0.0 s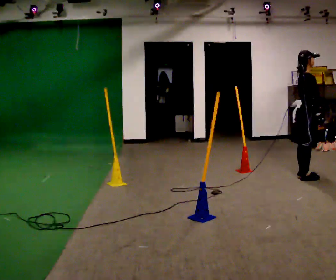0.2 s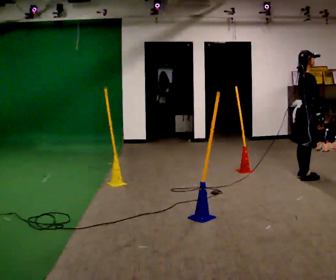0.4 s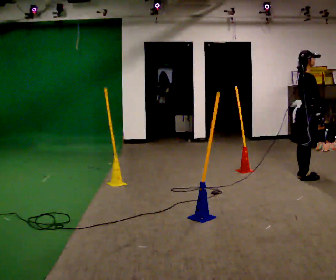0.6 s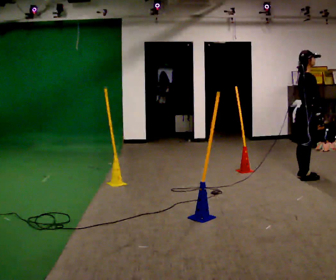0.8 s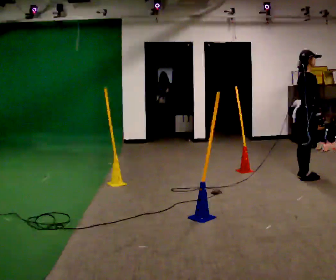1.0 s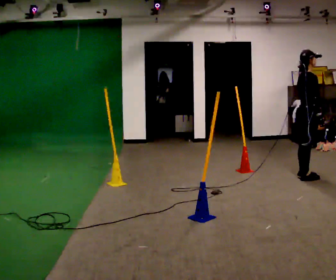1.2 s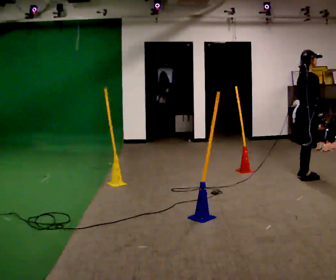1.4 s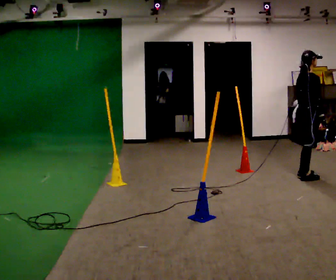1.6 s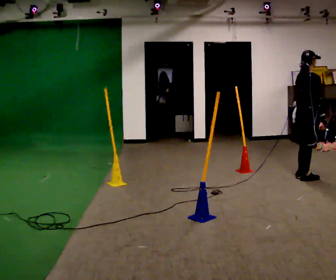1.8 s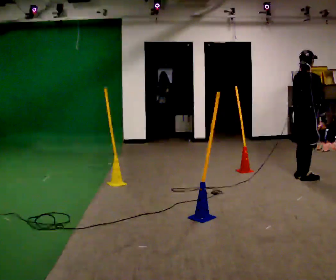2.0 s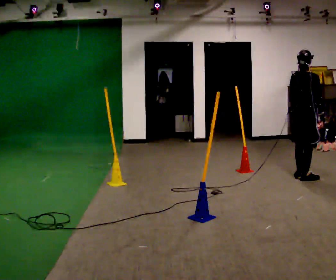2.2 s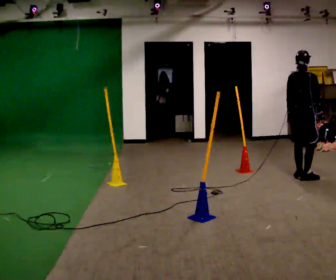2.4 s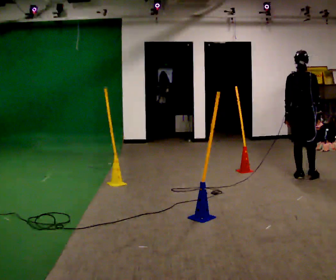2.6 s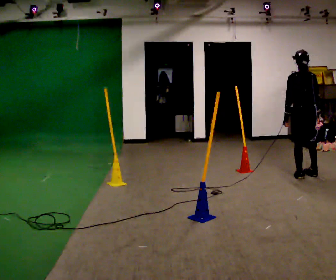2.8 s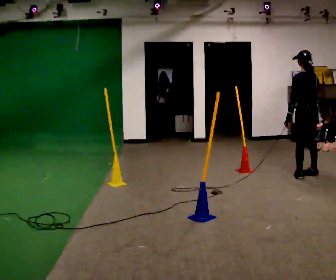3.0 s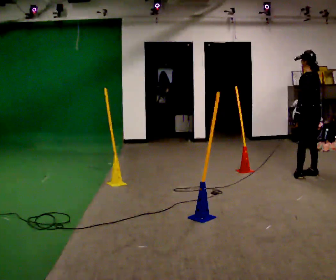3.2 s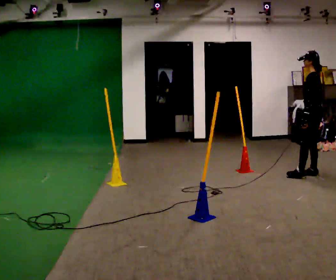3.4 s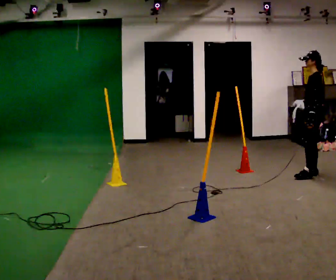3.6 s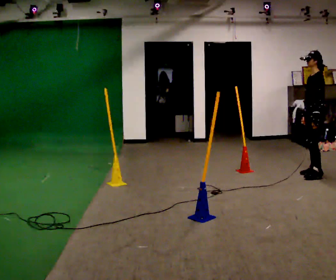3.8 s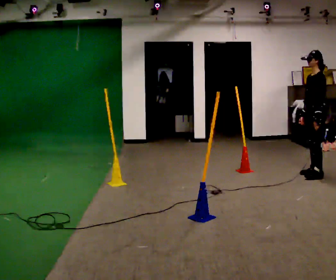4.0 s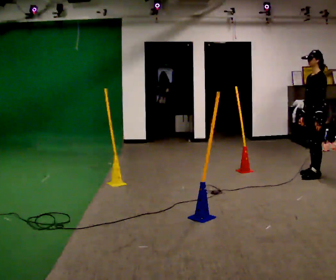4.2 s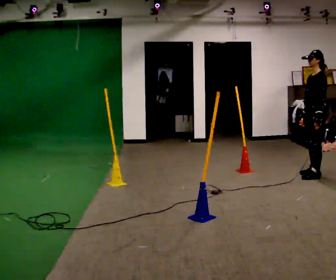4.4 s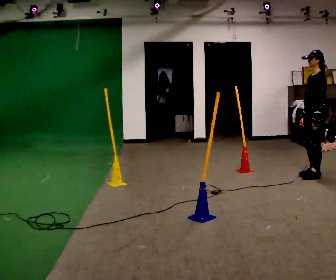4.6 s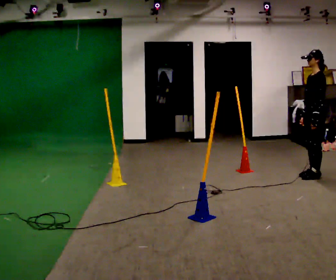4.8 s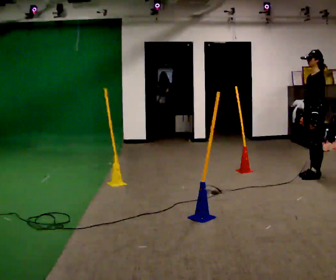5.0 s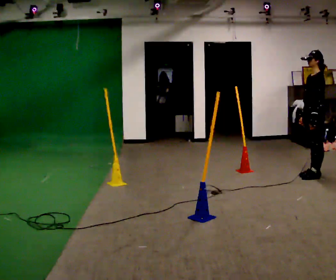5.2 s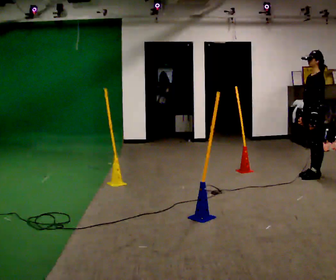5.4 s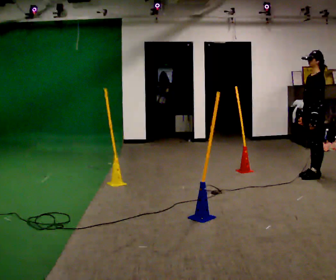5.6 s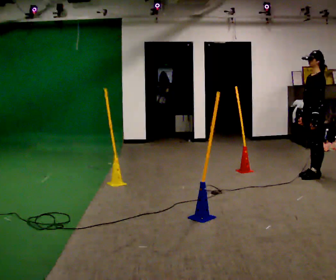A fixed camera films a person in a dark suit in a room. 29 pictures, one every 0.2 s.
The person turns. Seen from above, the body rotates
counterclockwise.
The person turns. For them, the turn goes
to their left.
0.0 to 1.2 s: The person moves a little, or ends about where they began.
1.2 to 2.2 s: Seen from above the body turns counterclockwise, about 45 degrees: to their left, with its near side sliding to the right.
2.2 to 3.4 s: Seen from above the body turns counterclockwise, about 105 degrees: to their left, with its near side sliding to the right. In the picture they go to the right, about 0.25 m in 1 step.
3.4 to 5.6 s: The person moves a little, or ends about where they began.
The film runs forward here.
